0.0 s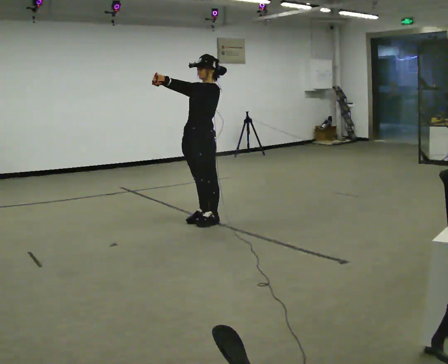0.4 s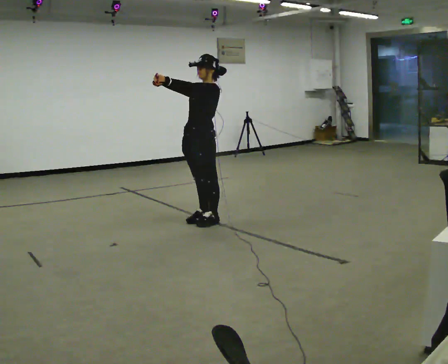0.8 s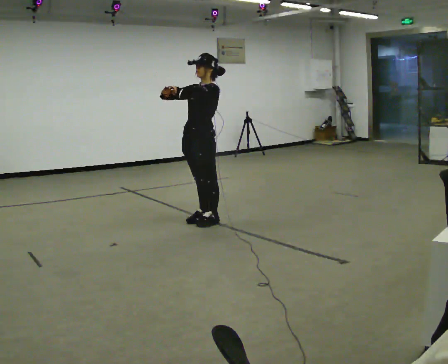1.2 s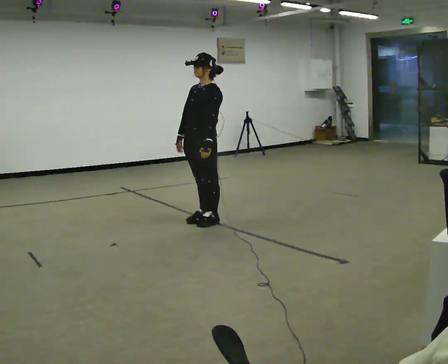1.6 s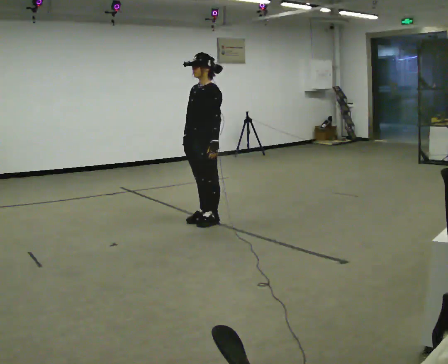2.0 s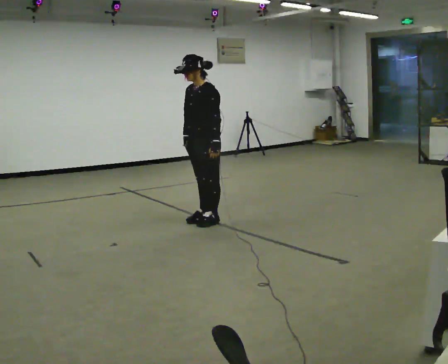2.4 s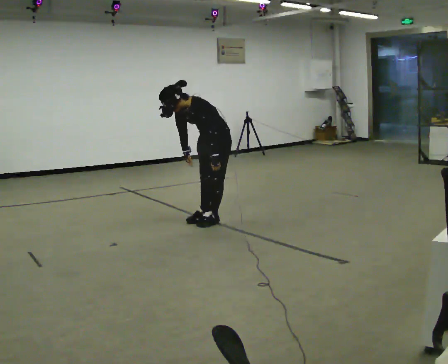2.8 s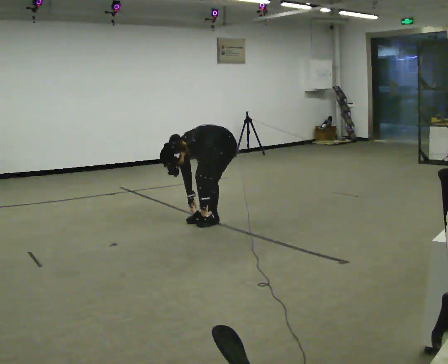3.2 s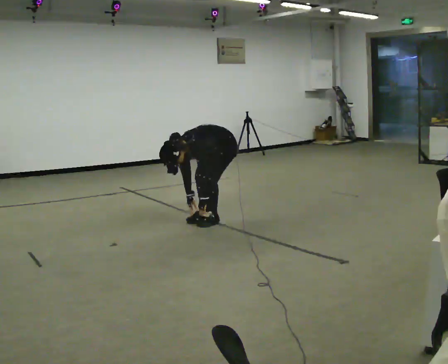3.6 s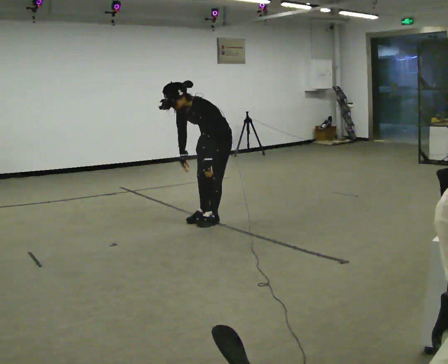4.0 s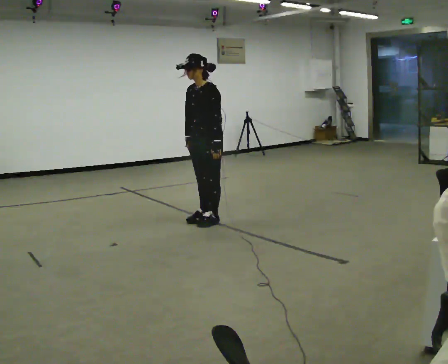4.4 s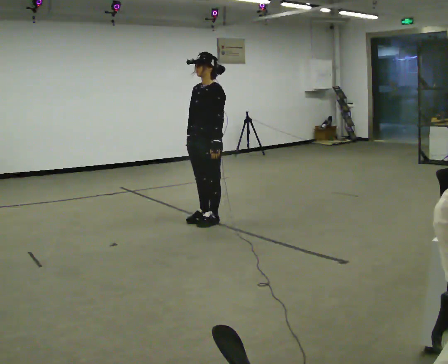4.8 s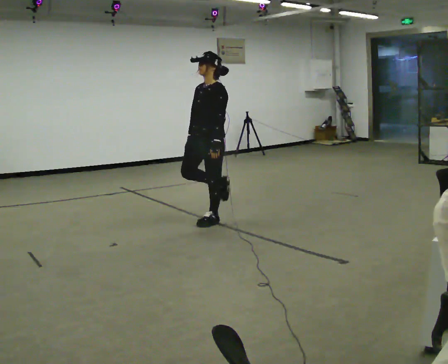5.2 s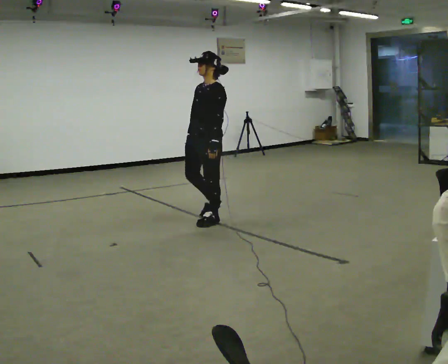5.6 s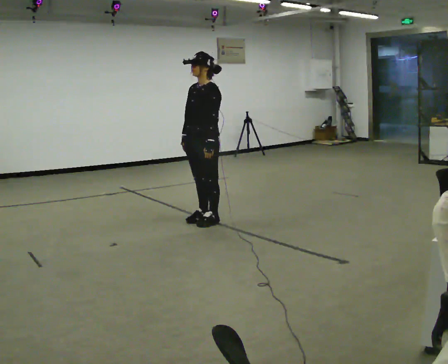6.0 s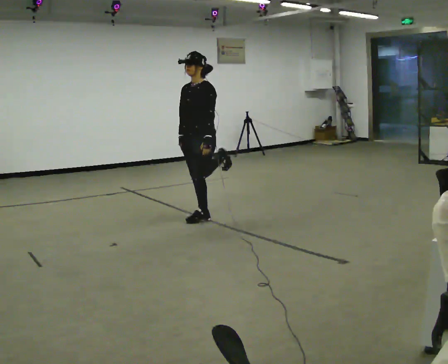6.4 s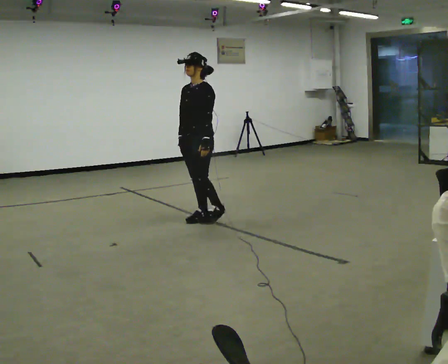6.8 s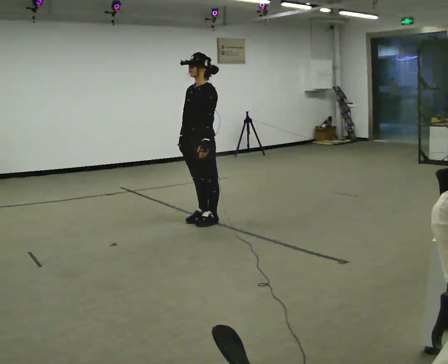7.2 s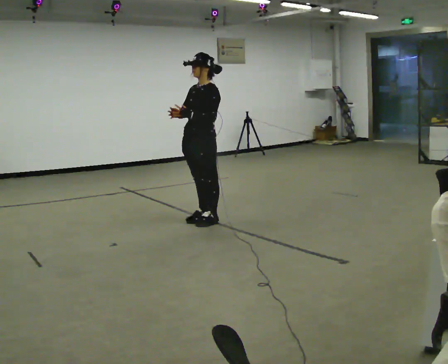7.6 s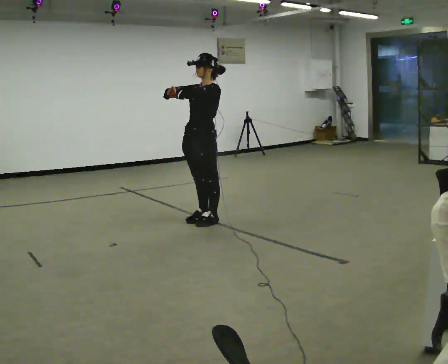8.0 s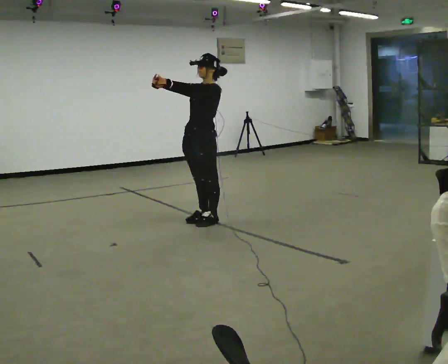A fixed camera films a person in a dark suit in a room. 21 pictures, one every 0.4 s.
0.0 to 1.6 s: In the picture their right hand goes downward, the arm swinging counterclockwise.
1.6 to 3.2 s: In the picture they go to the right, about 0.25 m, which for them is backward. The upper body goes downward. In the picture the upper body tilts counterclockwise, shoulders to the left, as they bend forward. In the picture their right hand goes downward.
3.2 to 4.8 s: In the picture they go toward the camera, about 0.25 m, which for them is forward. The upper body goes upward. In the picture the upper body tilts clockwise, shoulders to the right, as they lean back or straighten. In the picture their right hand goes upward.
4.8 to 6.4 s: The person moves a little, or ends about where they began.
6.4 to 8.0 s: In the picture their right hand goes upward.
The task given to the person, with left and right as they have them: Work through the stretches in order, holding each one briefly: touch your toes, pull each heel up behind you, stretch each arm across your chest, and stretch each calf. Stay in one place throughout.
The film runs forward here.
